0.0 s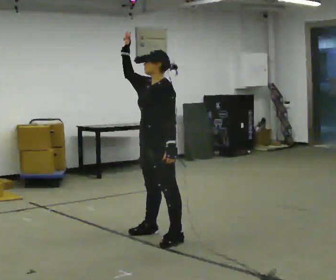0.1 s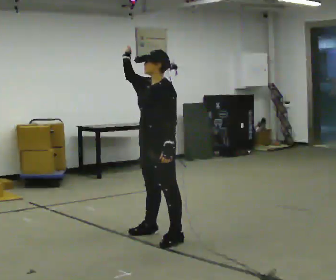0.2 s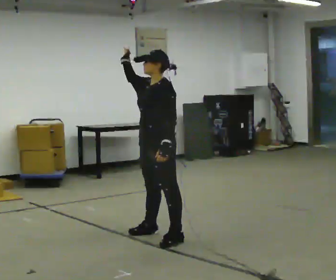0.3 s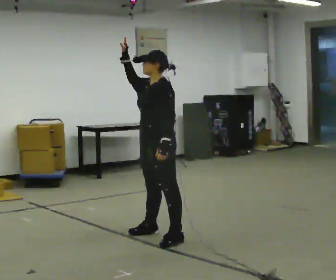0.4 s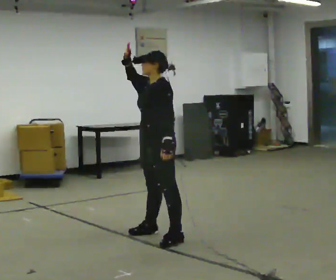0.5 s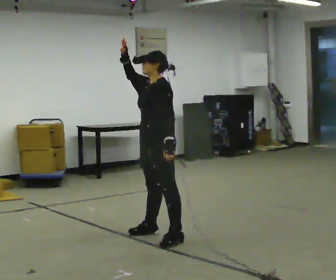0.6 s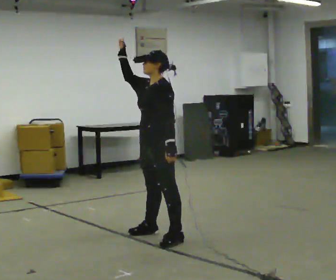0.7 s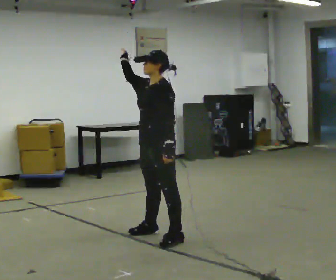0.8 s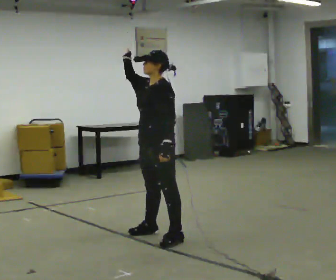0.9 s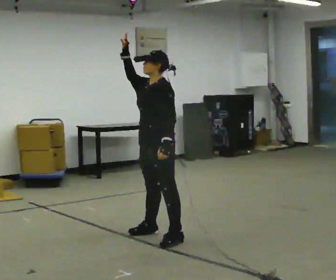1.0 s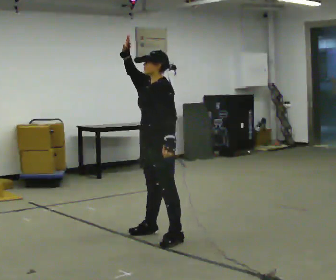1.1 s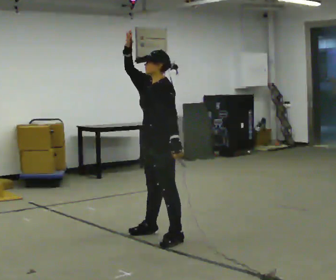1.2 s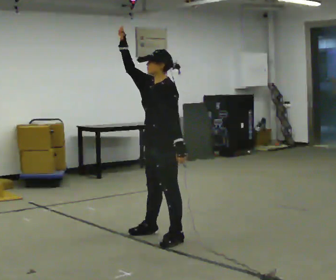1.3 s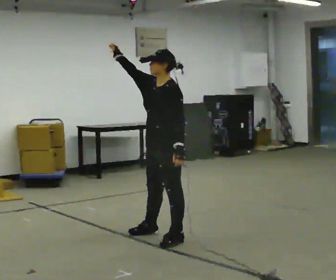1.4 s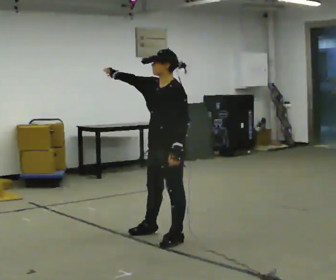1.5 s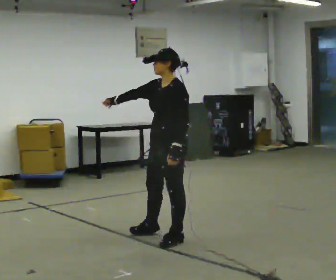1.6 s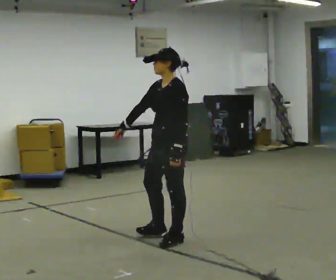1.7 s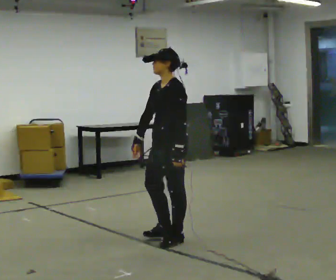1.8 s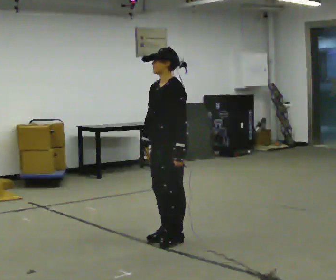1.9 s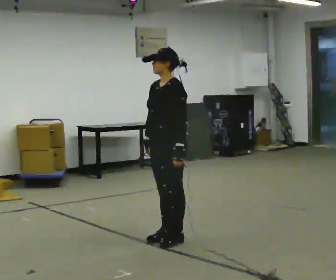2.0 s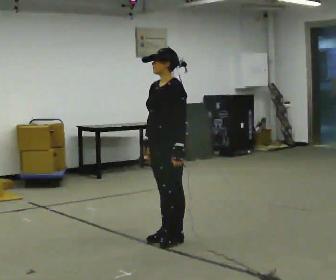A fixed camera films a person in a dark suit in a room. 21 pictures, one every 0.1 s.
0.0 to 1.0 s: The person moves a little, or ends about where they began.
1.0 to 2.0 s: In the picture they go toward the camera, about 0.25 m in 1 step, which for them is to their left. In the picture their right hand goes downward, the arm swinging counterclockwise.
The film runs backward here.
